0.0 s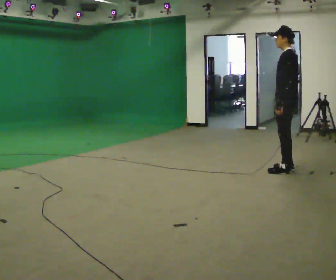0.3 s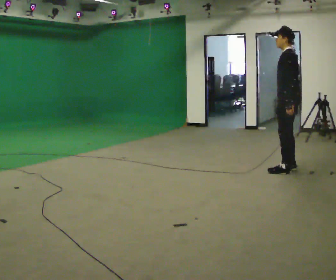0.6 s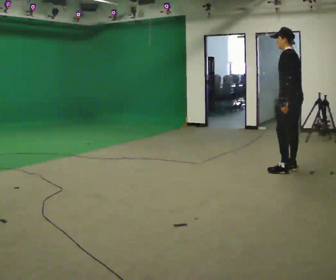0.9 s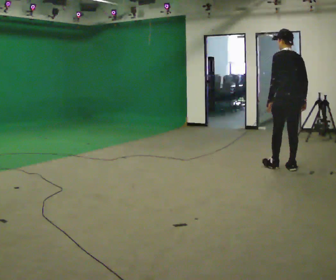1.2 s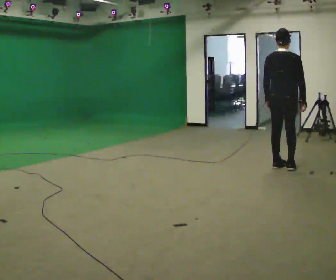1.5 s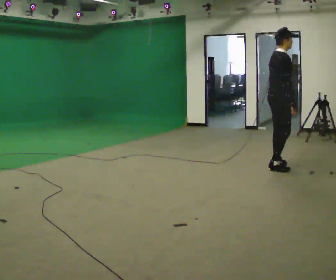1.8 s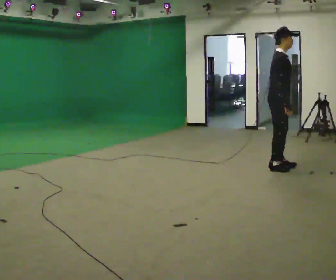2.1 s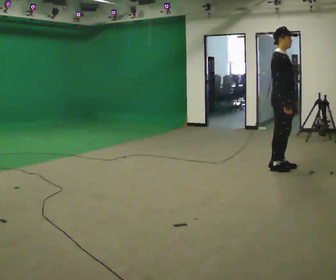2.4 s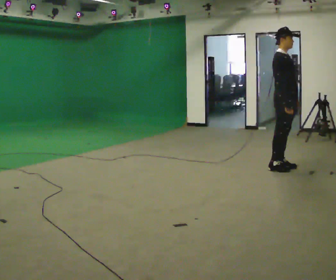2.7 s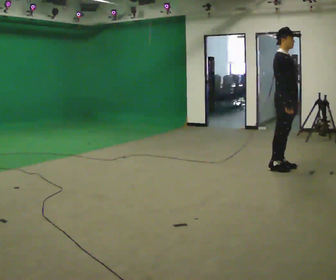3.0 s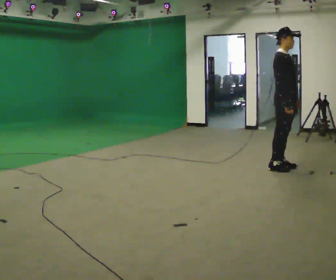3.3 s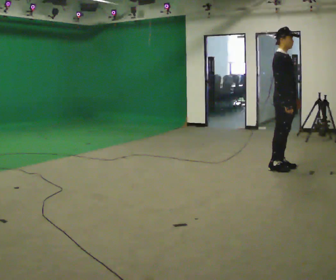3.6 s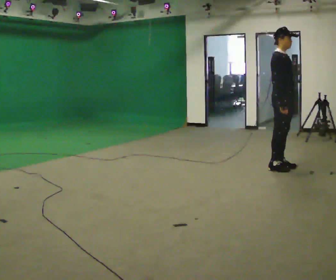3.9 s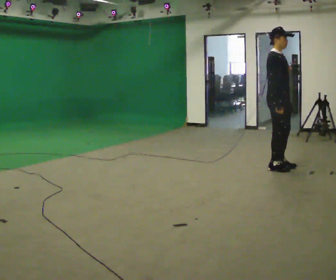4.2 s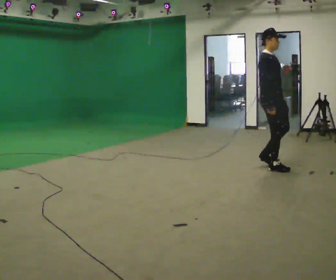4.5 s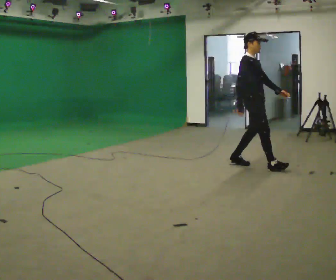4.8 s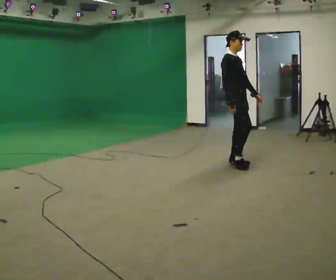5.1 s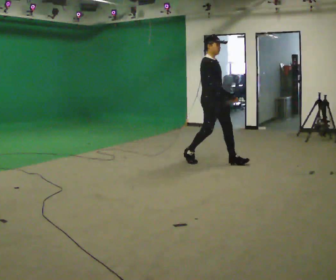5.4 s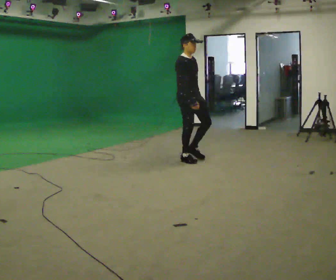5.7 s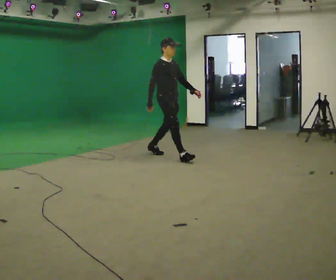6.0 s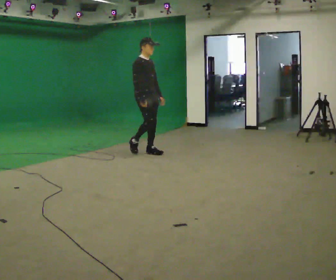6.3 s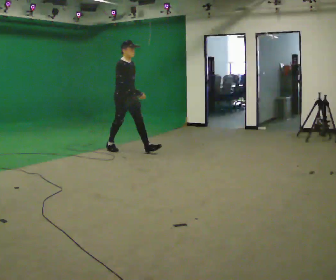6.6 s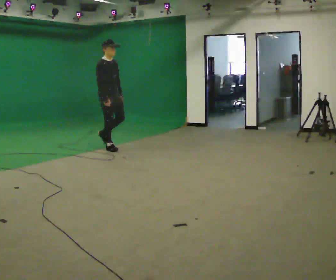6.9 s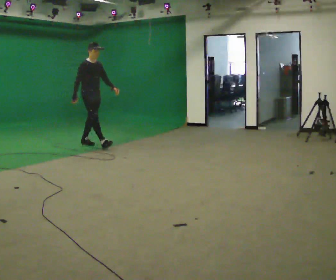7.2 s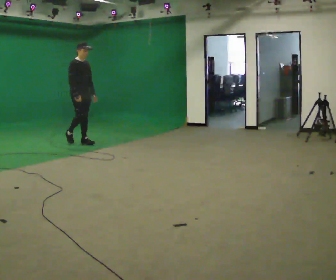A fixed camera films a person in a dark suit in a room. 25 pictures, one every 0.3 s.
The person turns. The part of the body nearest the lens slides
to the left.
The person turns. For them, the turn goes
to their right.
0.0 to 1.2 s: The part of the body nearest the lens slides to the left as the person turns to their right by about 105 degrees.
1.2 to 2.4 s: Seen from above the body turns clockwise, about 90 degrees: to their right, with its near side sliding to the left. In the picture their left hand goes to the right.
2.4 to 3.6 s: The person moves a little, or ends about where they began.
3.6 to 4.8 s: In the picture they go to the left, about 0.75 m in 2 steps, which for them is backward.
4.8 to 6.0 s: In the picture they go to the left, about 1.5 m in 2 steps, which for them is backward.
6.0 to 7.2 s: In the picture they go to the left, about 1.5 m in 2 steps, which for them is backward.
The film runs backward here.
